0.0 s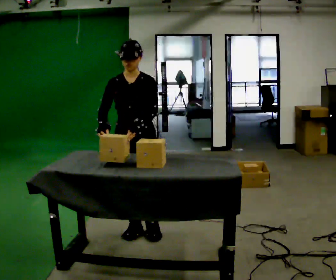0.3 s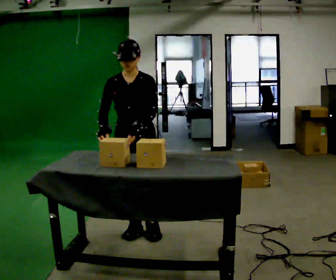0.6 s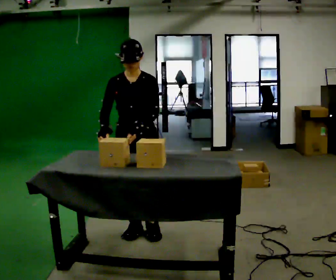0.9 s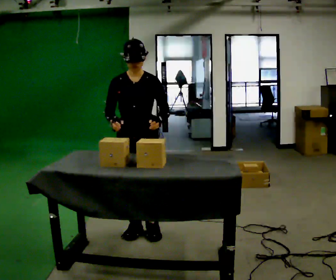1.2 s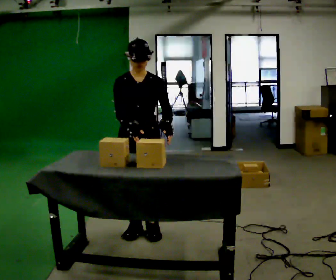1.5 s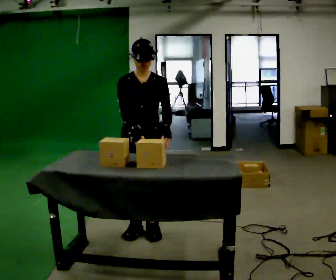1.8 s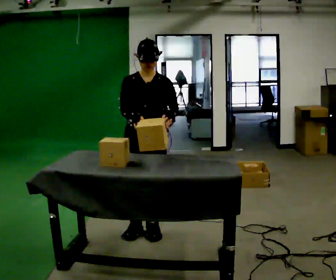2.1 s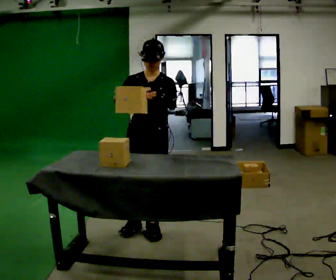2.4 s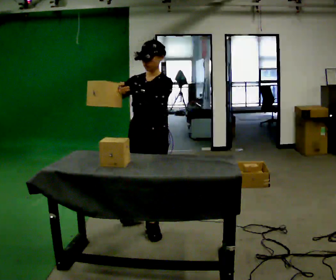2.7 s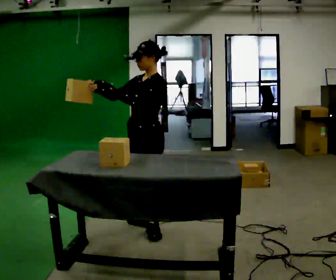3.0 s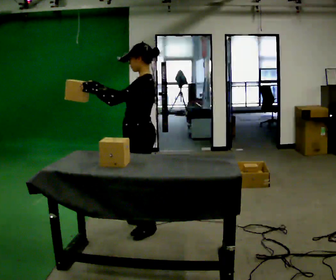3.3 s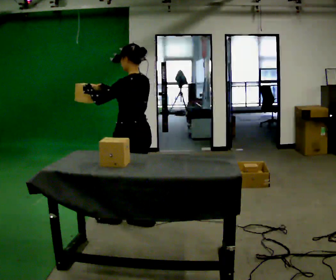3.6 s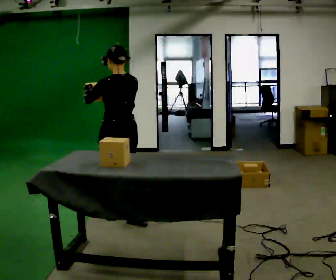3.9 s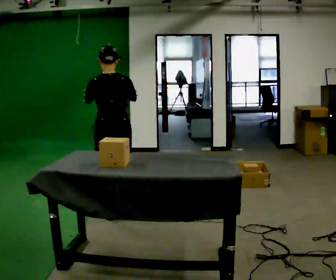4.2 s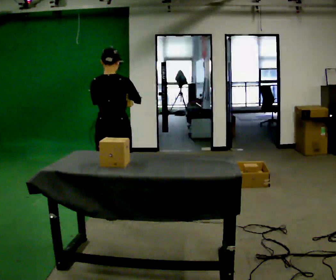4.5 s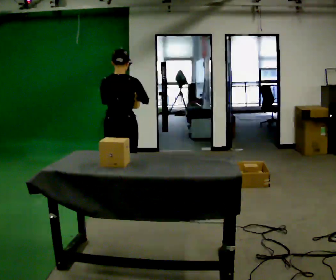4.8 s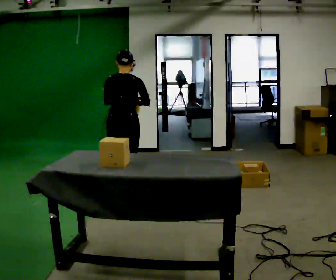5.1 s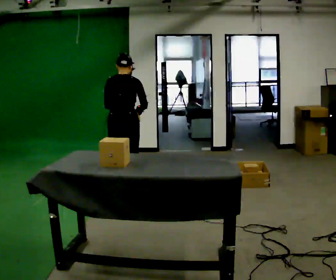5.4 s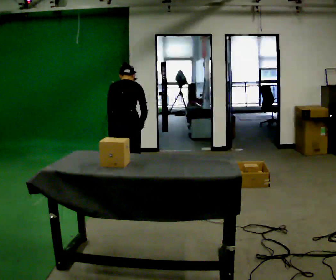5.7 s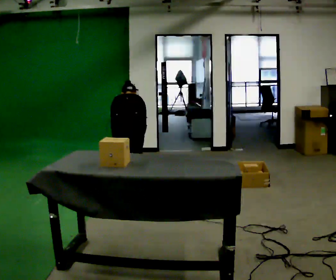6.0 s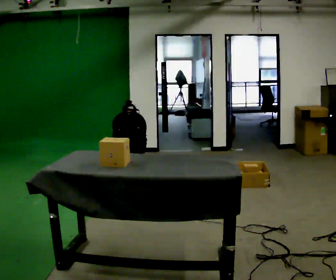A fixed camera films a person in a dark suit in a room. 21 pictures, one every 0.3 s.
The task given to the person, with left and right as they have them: Take each object from the table and put it in the bin that matches it, walking between the bins. Keep going until the operator says stop; one object at a time, and do not rush between trips.
0.0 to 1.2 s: The person moves a little, or ends about where they began.
1.2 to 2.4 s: The part of the body nearest the lens slides to the left as the person turns to their right by about 30 degrees.
2.4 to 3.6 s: Seen from above the body turns clockwise, about 120 degrees: to their right, with its near side sliding to the left. In the picture they go away from the camera and to the left, about 0.5 m in 1 step.
3.6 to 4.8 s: The person turns about 30 degrees to their right, clockwise seen from above, so the part of the body nearest the lens slides to the left. In the picture they go away from the camera, about 0.5 m in 1 step, which for them is forward.
4.8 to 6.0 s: The upper body goes downward. The upper body tips away from the camera, its near side rolling upward, as they bend forward. In the picture their left hand goes downward.
The film runs forward here.
